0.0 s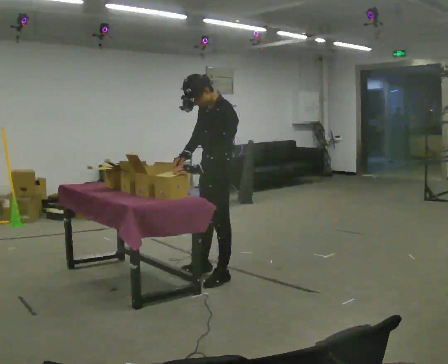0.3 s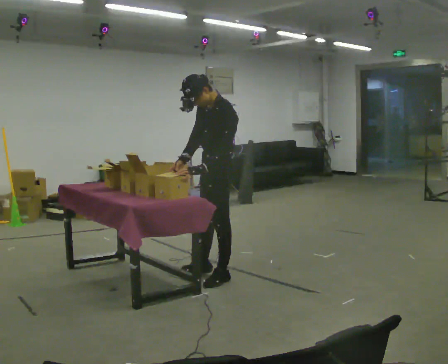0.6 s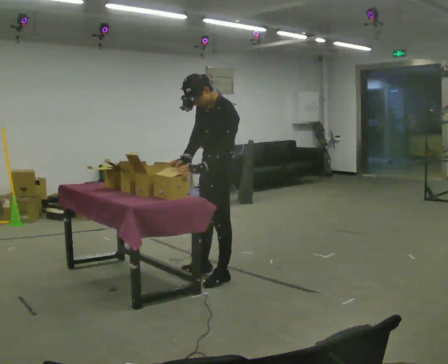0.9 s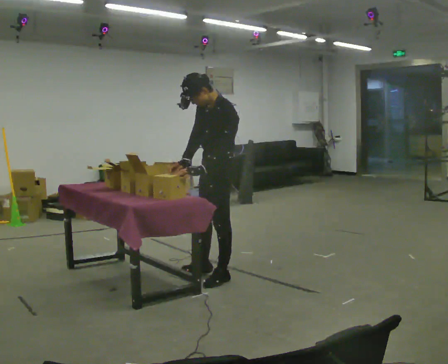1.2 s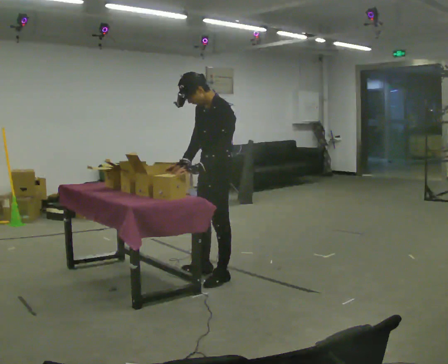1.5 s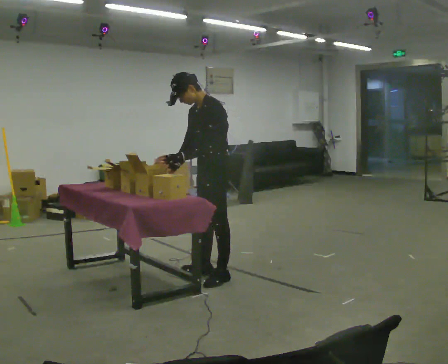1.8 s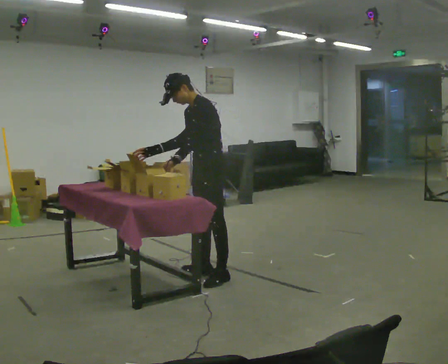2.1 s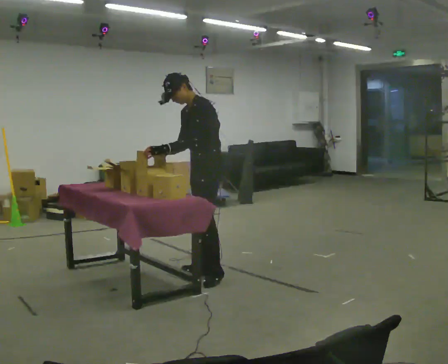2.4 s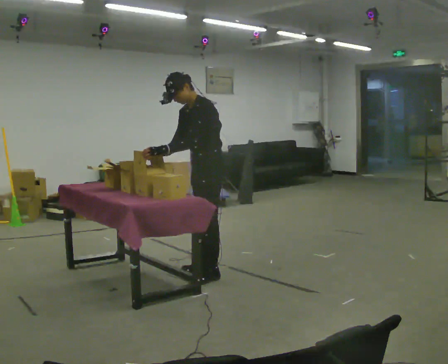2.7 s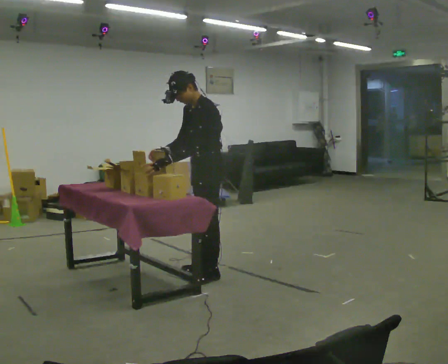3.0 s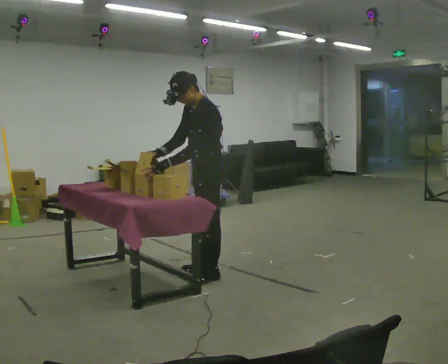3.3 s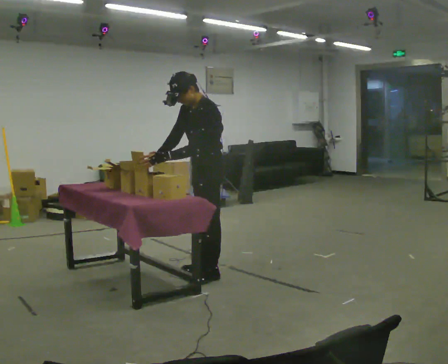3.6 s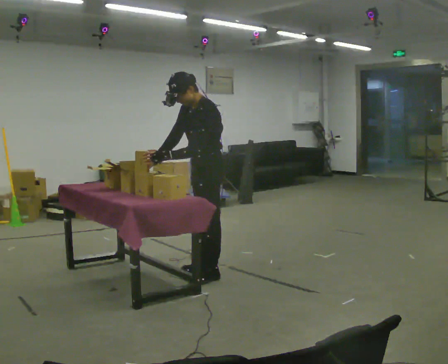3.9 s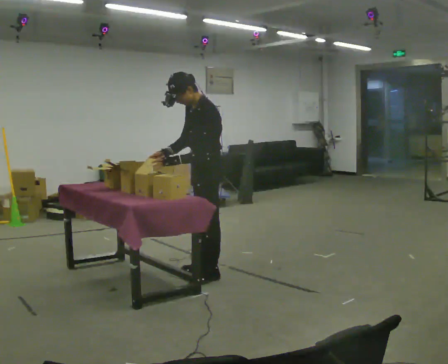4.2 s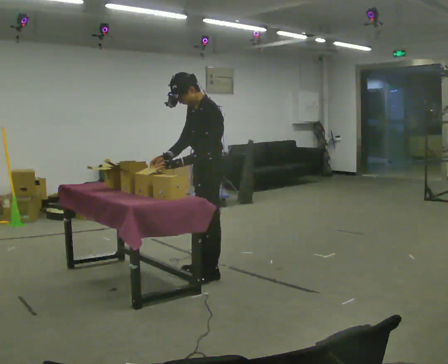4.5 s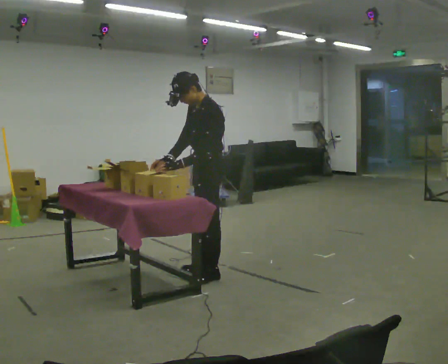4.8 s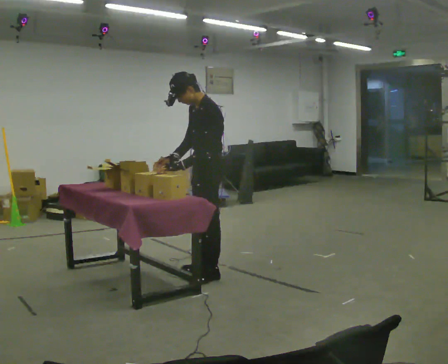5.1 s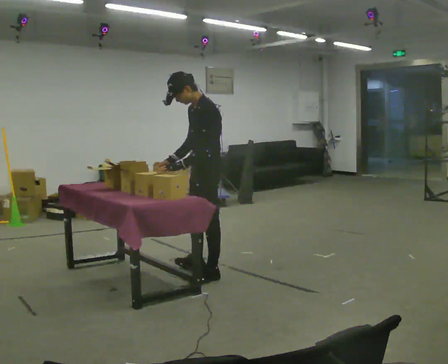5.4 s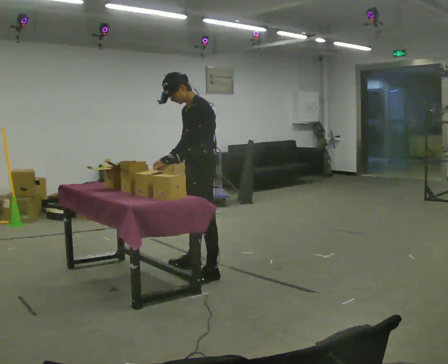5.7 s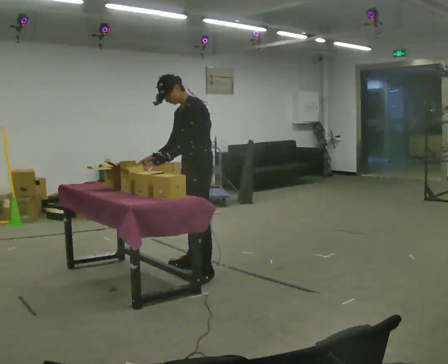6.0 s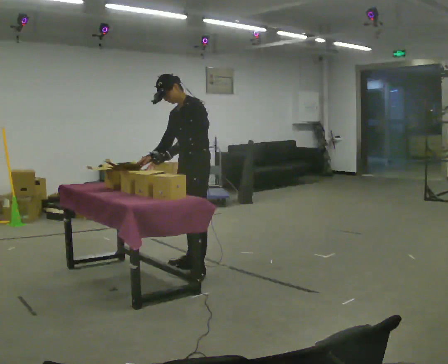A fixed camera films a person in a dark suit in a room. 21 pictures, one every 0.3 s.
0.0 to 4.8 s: The person moves a little, or ends about where they began.
4.8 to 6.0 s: The person turns about 30 degrees to their left, counterclockwise seen from above, so the part of the body nearest the lens slides to the right. In the picture they go away from the camera, about 0.25 m in 1 step, which for them is to their right.
The film runs forward here.
